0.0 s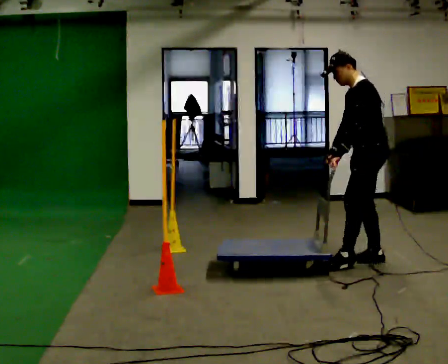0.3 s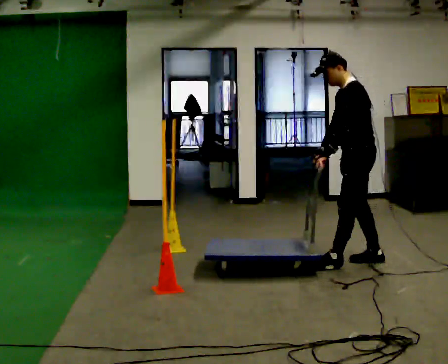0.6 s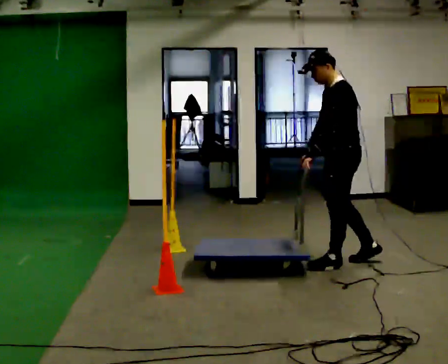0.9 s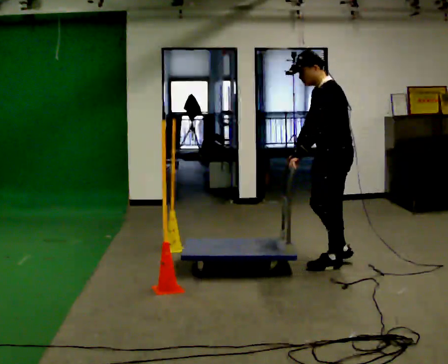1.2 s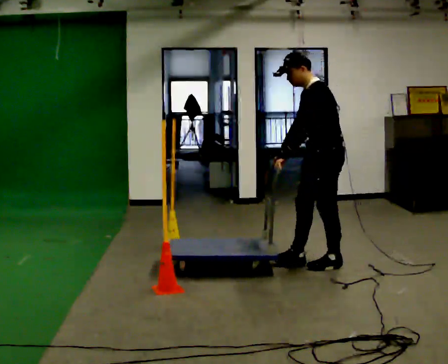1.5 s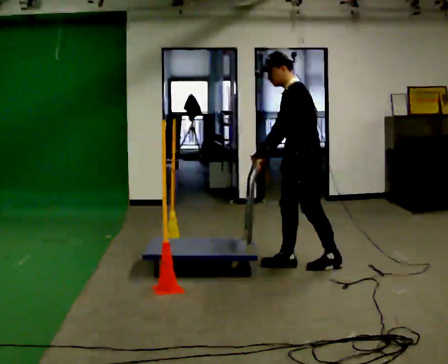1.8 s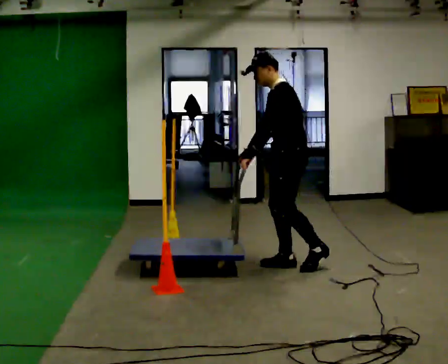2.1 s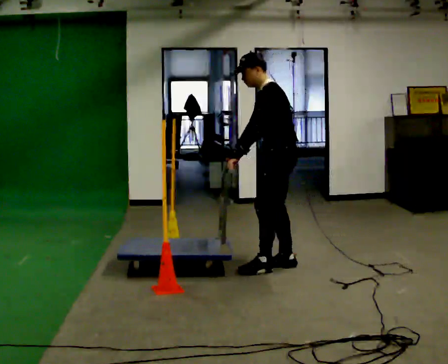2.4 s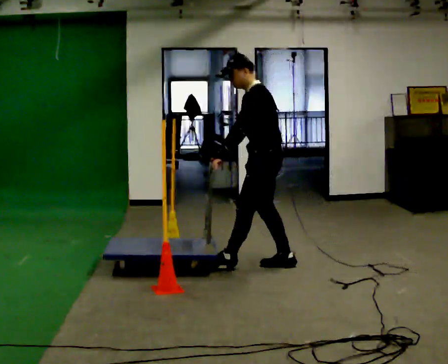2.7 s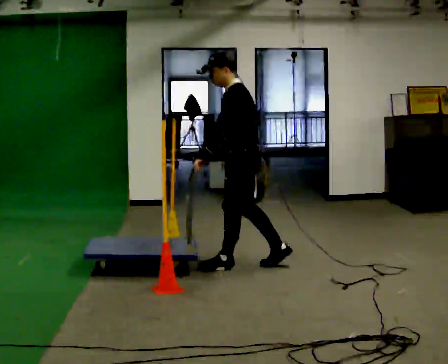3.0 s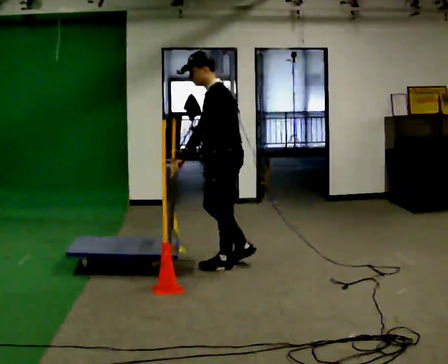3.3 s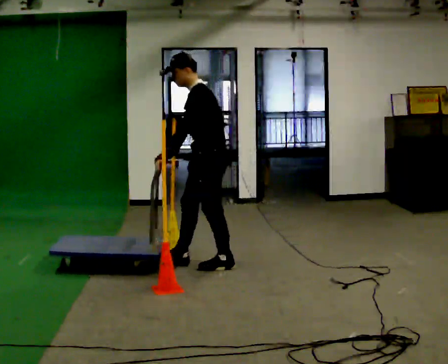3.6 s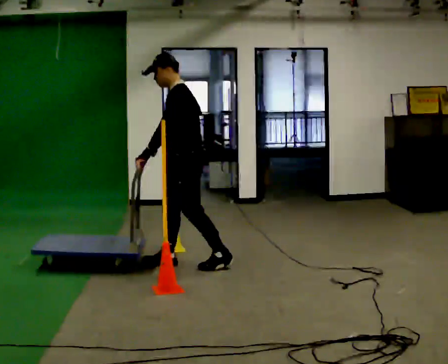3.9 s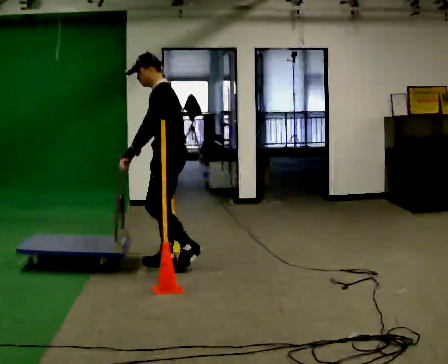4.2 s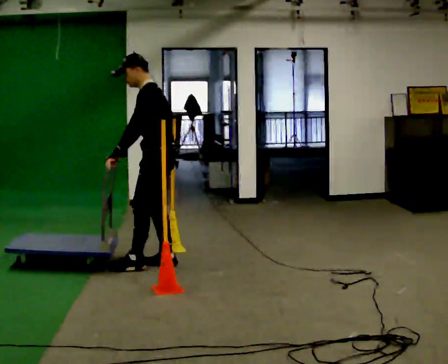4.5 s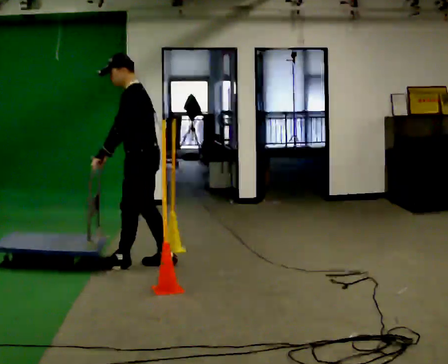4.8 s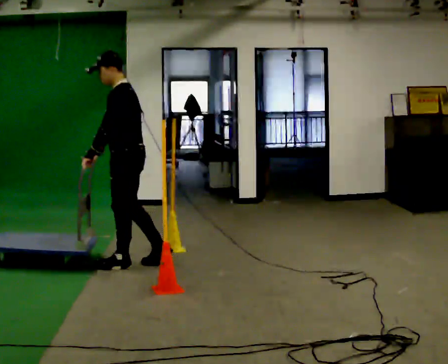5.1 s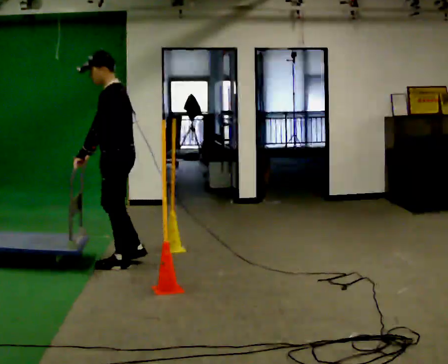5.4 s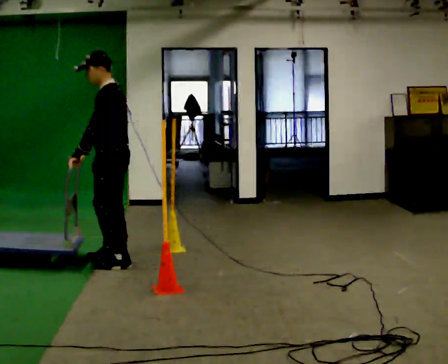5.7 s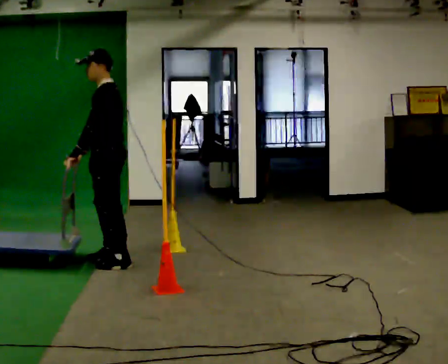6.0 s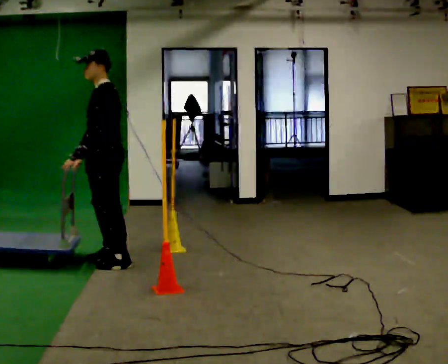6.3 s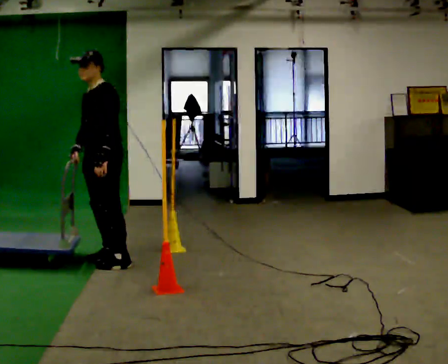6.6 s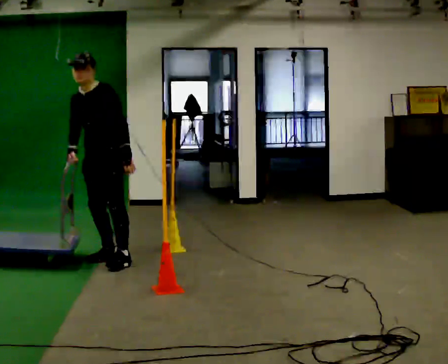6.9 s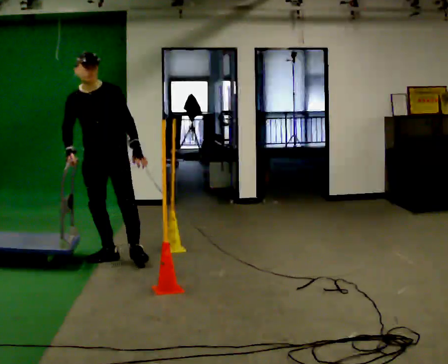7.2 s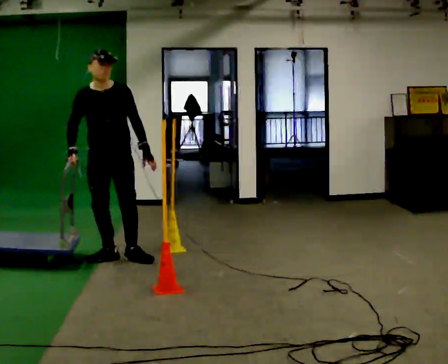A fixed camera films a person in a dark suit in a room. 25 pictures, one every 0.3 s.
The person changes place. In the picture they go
to the left.
0.0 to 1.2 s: In the picture they go to the left, about 0.5 m in 1 step, which for them is forward.
1.2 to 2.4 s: In the picture they go to the left, about 0.5 m in 2 steps, which for them is forward.
2.4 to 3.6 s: In the picture they go to the left, about 0.5 m in 1 step, which for them is forward.
3.6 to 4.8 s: In the picture they go to the left, about 0.5 m in 1 step, which for them is forward.
4.8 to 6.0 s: The person turns about 30 degrees to their left, counterclockwise seen from above, so the part of the body nearest the lens slides to the right. In the picture they go to the left, about 0.25 m in 1 step, which for them is forward and to their right.
6.0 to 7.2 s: Seen from above the body turns counterclockwise, about 75 degrees: to their left, with its near side sliding to the right. In the picture their left hand goes to the right, the arm swinging counterclockwise.
The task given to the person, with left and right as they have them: Push the cart through the gap between the poles without touching them, then bring it back through.
The film runs forward here.
